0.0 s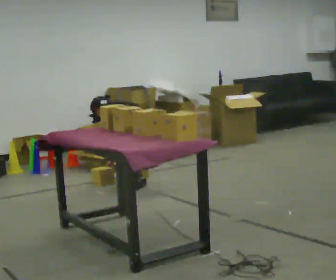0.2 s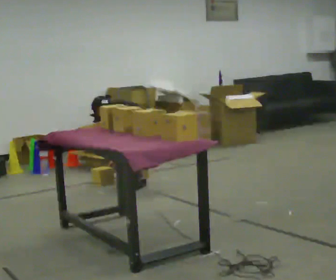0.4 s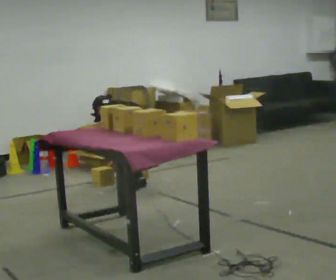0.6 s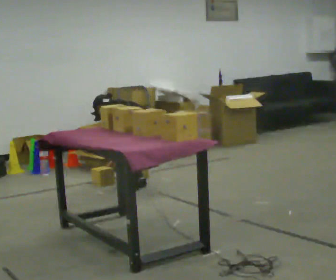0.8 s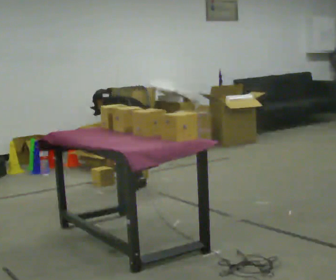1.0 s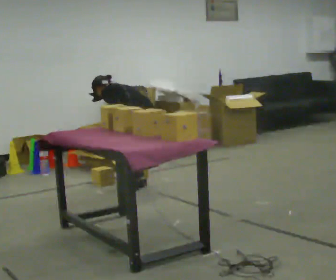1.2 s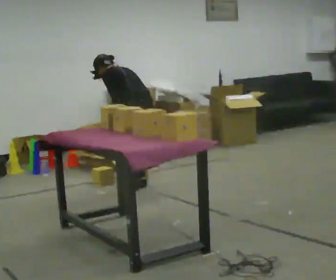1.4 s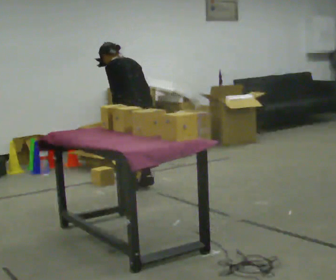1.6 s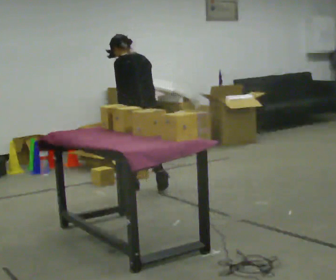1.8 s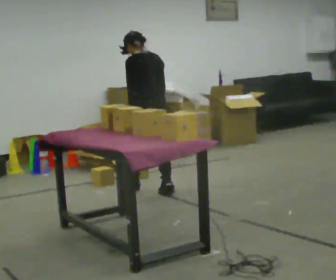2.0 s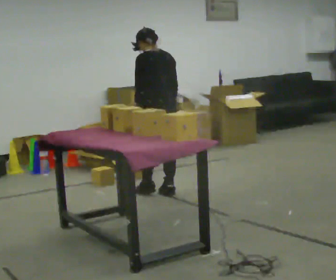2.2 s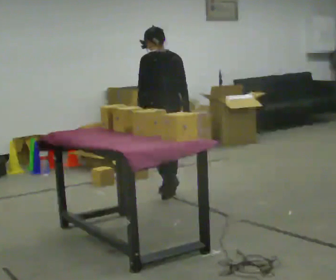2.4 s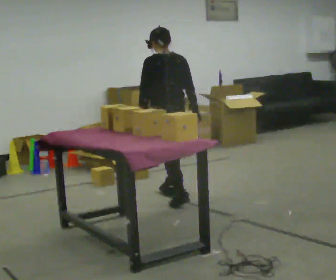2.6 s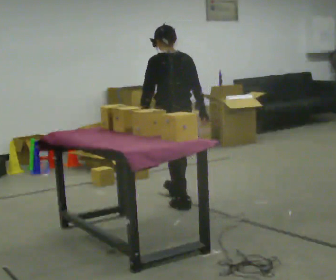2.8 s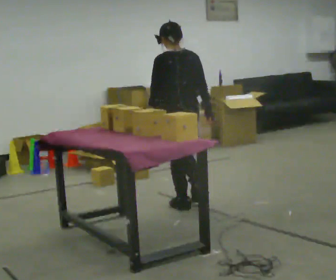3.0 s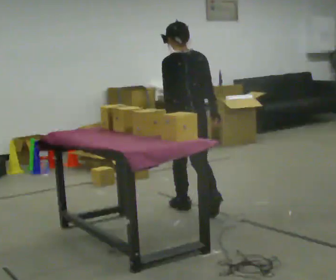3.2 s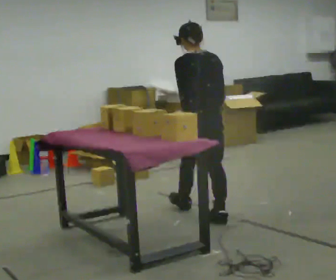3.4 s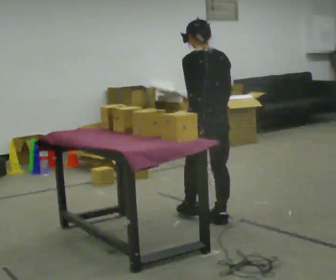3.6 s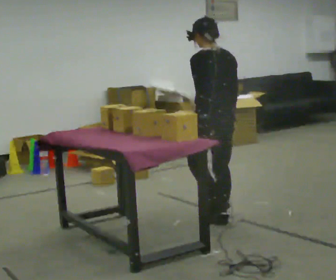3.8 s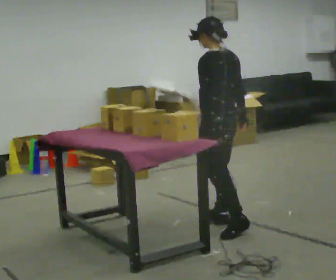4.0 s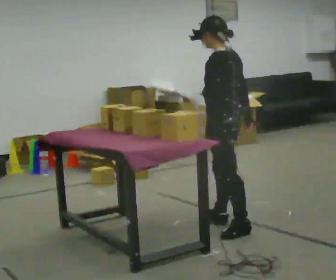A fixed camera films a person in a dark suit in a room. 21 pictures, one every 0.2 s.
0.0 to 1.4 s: The shoulders move upward. In the picture the upper body tilts clockwise, shoulders to the right, as they lean back or straighten.
1.4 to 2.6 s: In the picture they go toward the camera and to the right, about 0.5 m in 2 steps, which for them is backward. The upper body tips toward the camera, its near side rolling downward, as they lean back or straighten.
2.6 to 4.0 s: The person turns about 45 degrees to their left, counterclockwise seen from above, so the part of the body nearest the lens slides to the right. In the picture they go toward the camera, about 1 m in 1 step, which for them is backward.
The film runs backward here.
